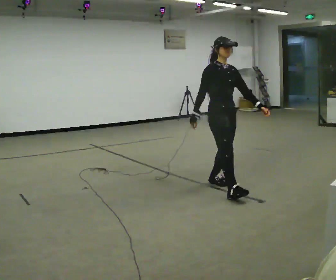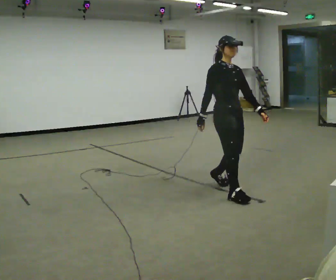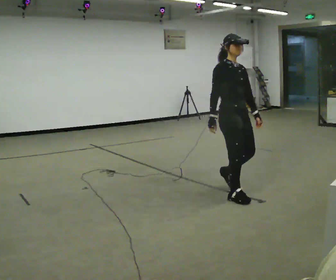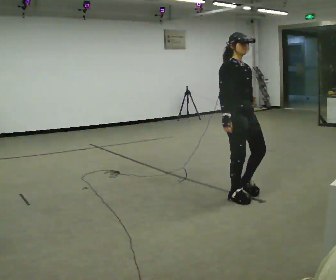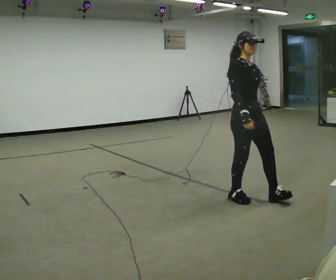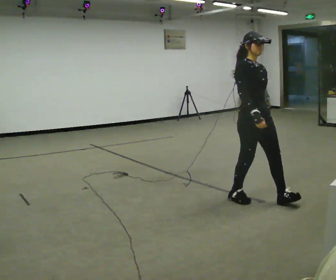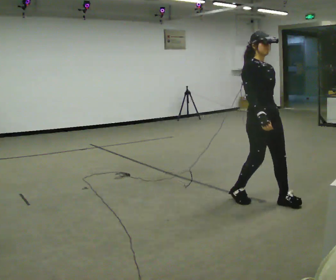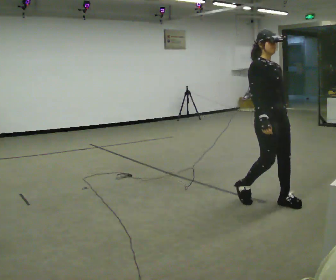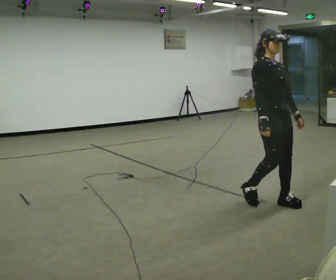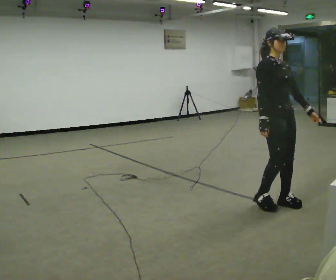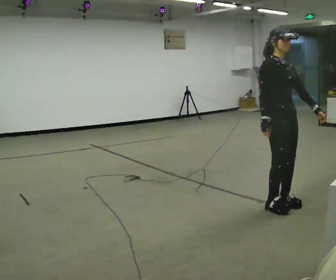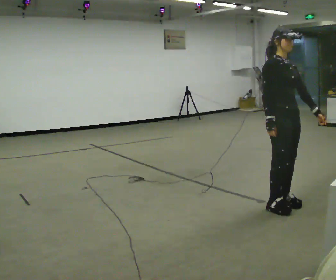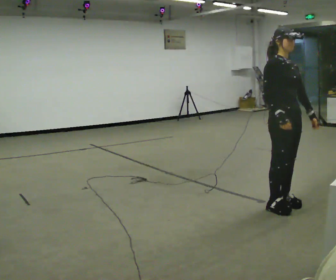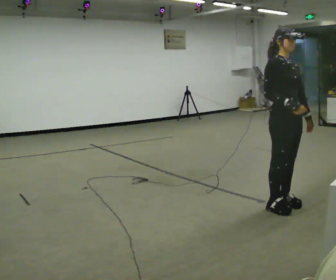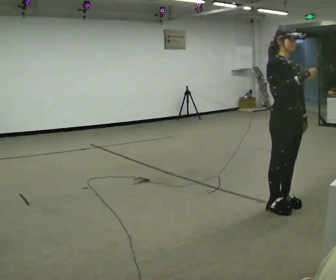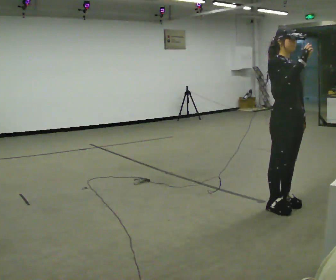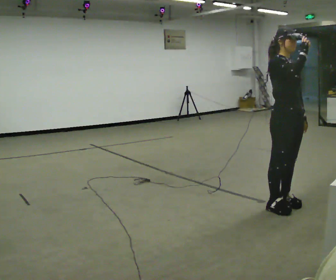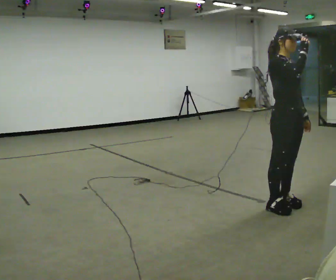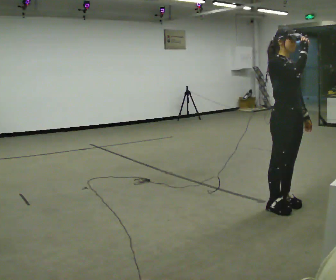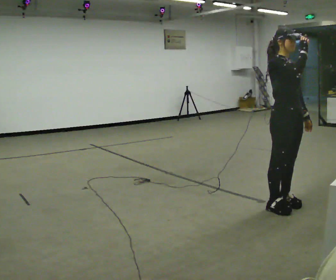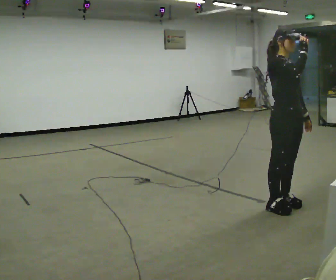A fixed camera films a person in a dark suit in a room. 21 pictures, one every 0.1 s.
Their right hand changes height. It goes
upward.
0.0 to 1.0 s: In the picture they go to the right and toward the camera, about 0.75 m in 2 steps, which for them is forward.
1.0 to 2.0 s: In the picture their right hand goes upward and to the right.
The film runs forward here.
